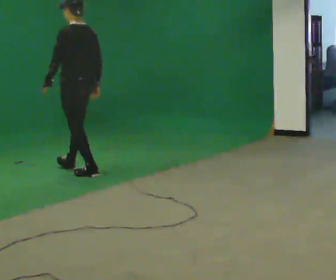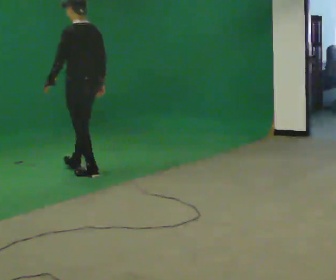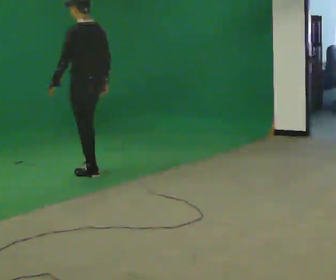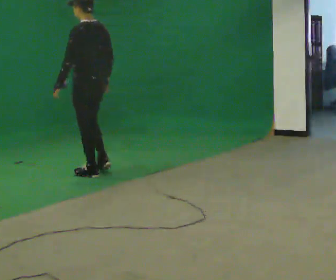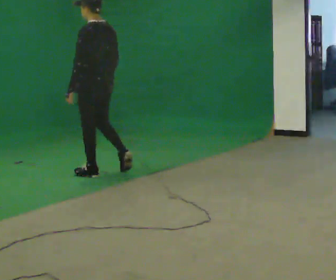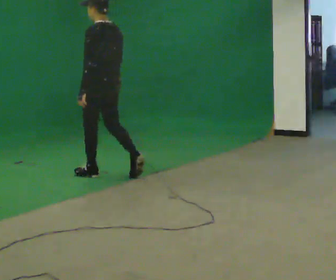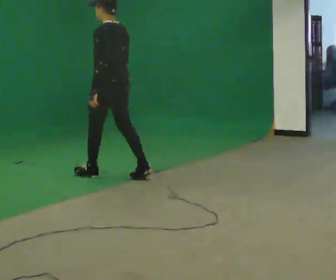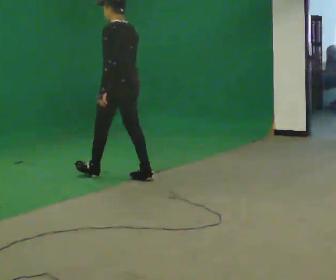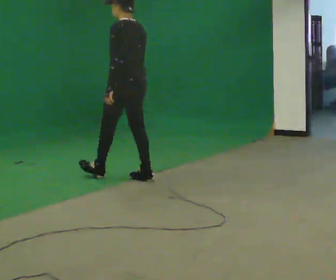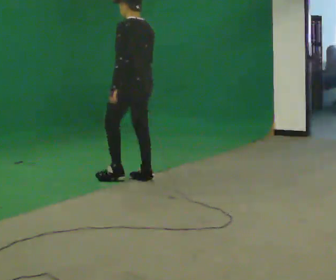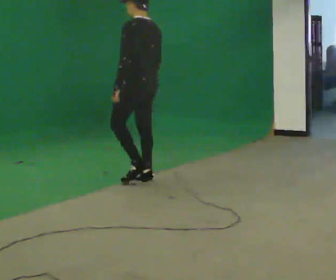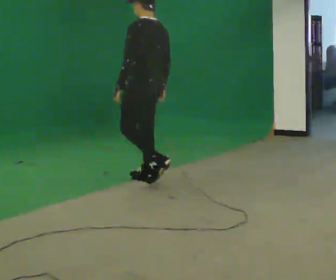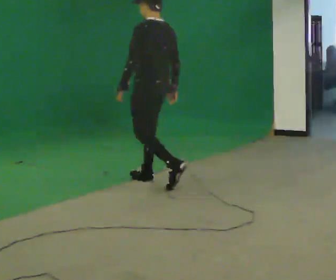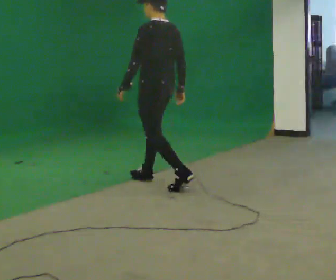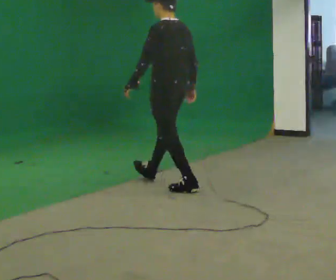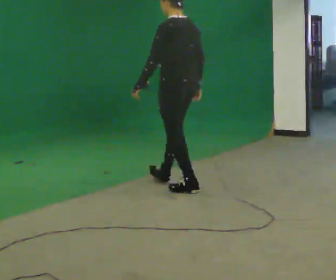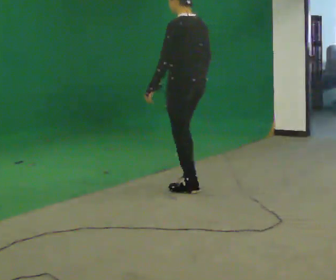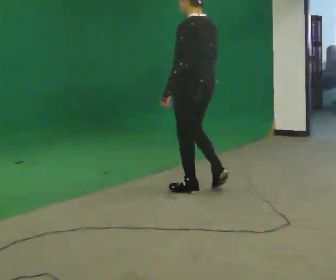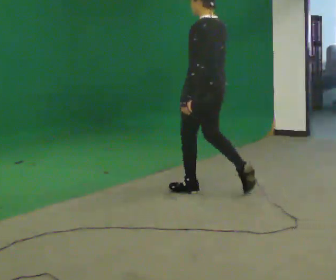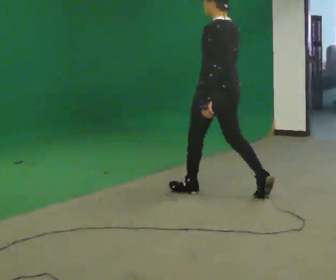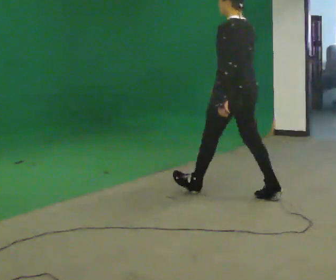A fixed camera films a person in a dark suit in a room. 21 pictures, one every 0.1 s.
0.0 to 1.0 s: In the picture they go to the right and toward the camera, about 1 m in 2 steps, which for them is backward.
1.0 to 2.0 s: In the picture they go to the right and toward the camera, about 1 m in 2 steps, which for them is backward.
The film runs backward here.
